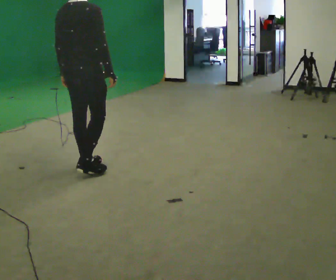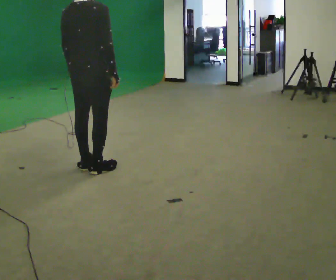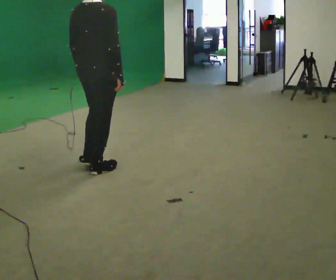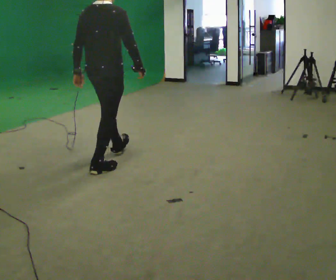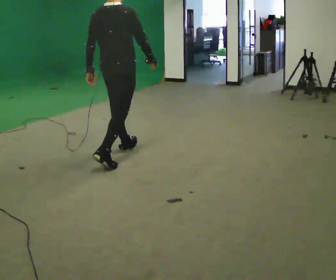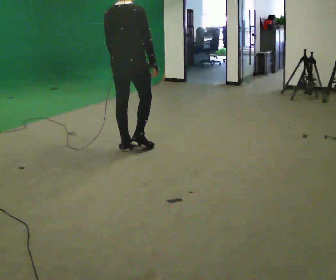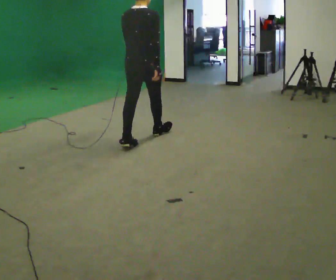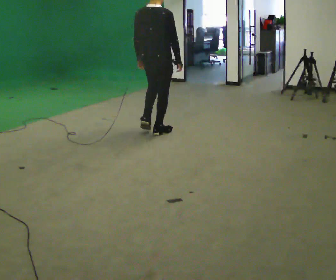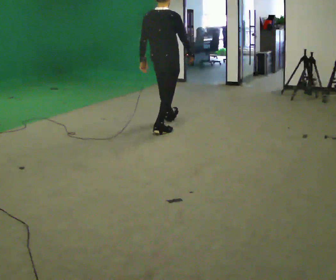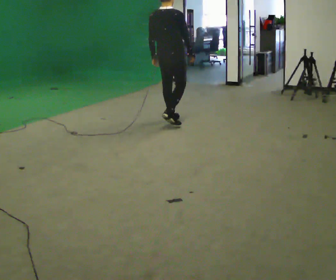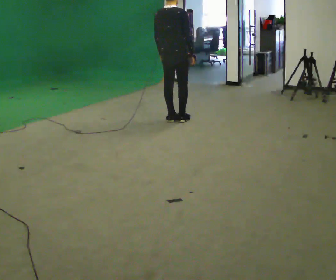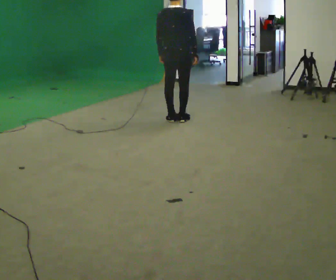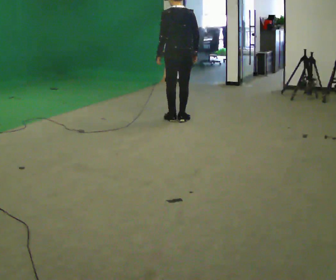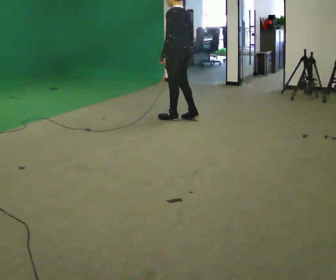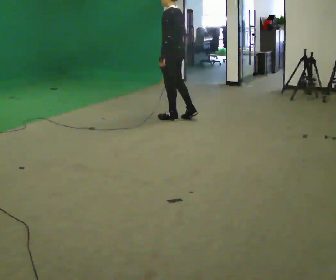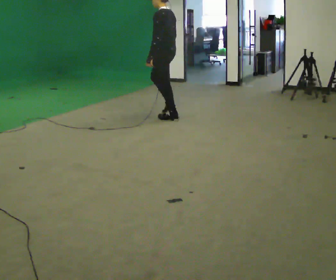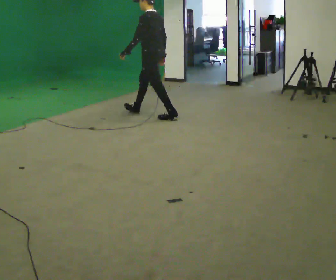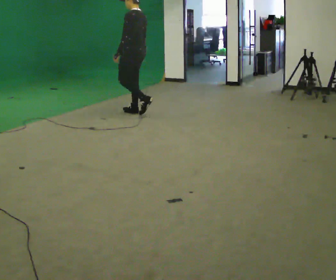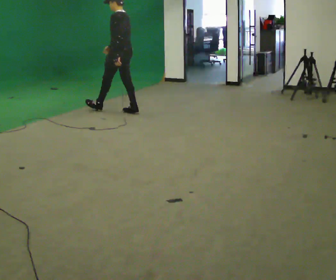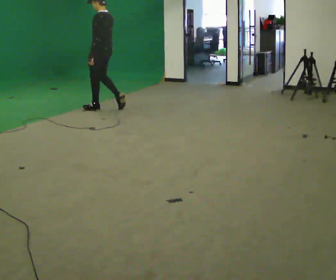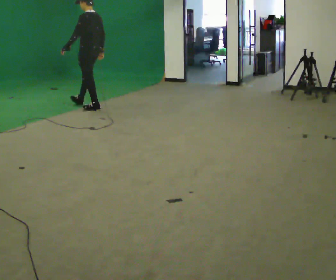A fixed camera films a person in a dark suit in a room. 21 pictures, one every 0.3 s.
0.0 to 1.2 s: In the picture they go away from the camera and to the right, about 0.5 m in 2 steps, which for them is forward.
1.2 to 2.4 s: In the picture they go away from the camera, about 1 m in 2 steps, which for them is forward.
2.4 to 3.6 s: Seen from above the body turns counterclockwise, about 60 degrees: to their left, with its near side sliding to the right. In the picture they go away from the camera and to the right, about 0.5 m in 1 step, which for them is forward.
3.6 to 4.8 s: The person turns about 45 degrees to their left, counterclockwise seen from above, so the part of the body nearest the lens slides to the right. In the picture they go to the left and away from the camera, about 0.5 m in 2 steps, which for them is forward.
4.8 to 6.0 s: In the picture they go to the left and away from the camera, about 1 m in 1 step, which for them is forward.
The film runs forward here.
